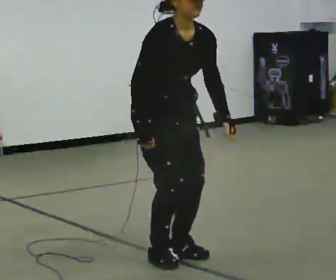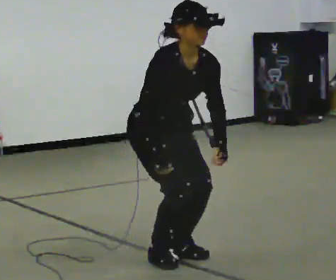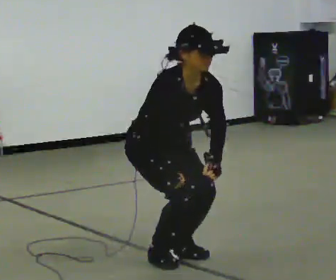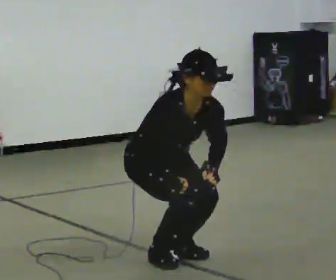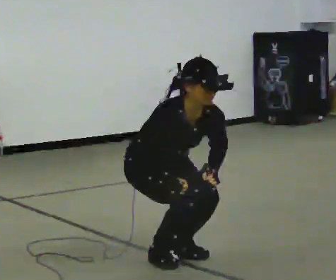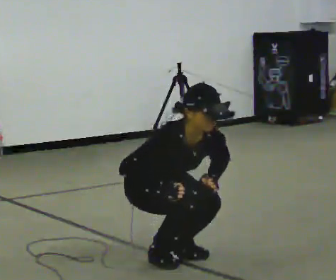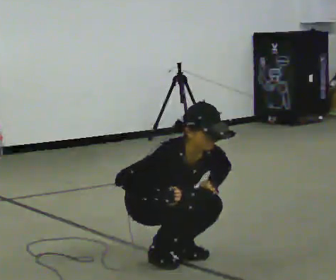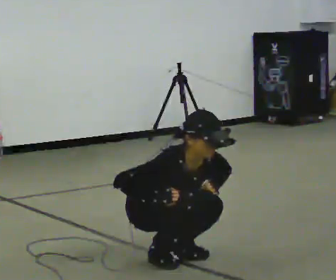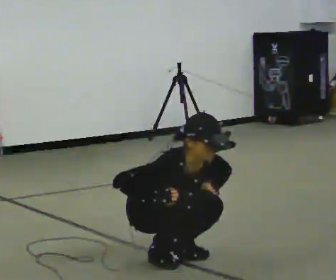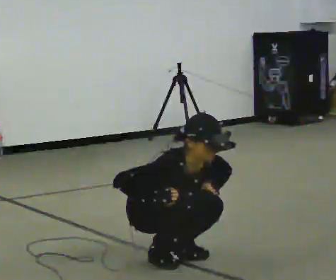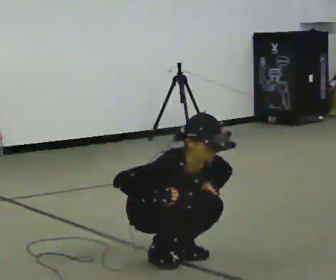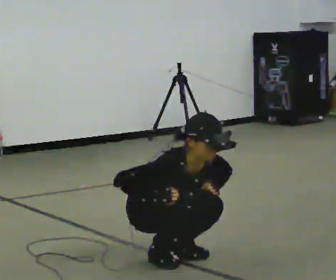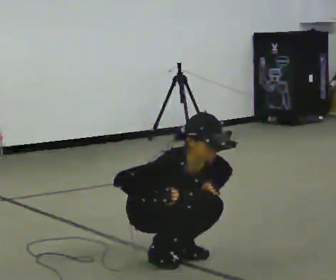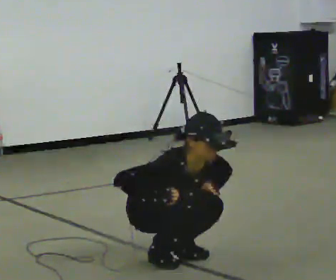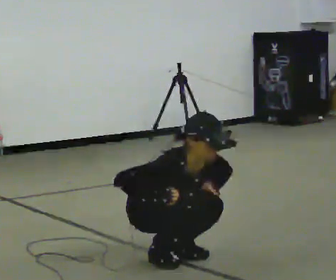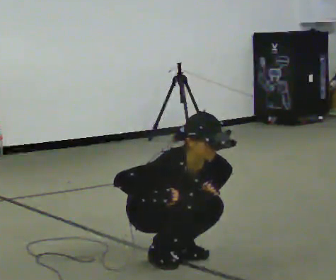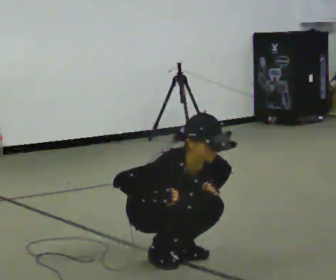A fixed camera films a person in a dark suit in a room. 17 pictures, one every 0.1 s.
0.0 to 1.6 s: The shoulders move downward. The upper body tips toward the camera, its near side rolling downward, as they bend forward. In the picture their left hand goes downward.
The film runs backward here.
